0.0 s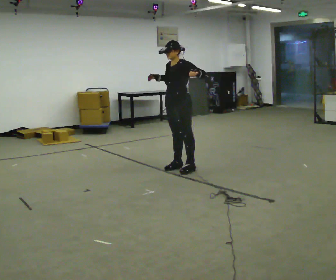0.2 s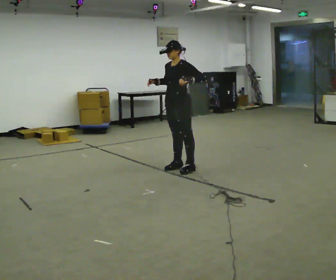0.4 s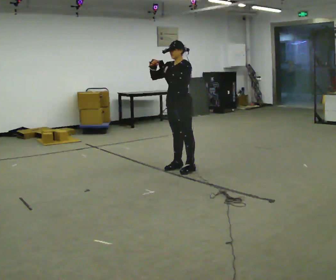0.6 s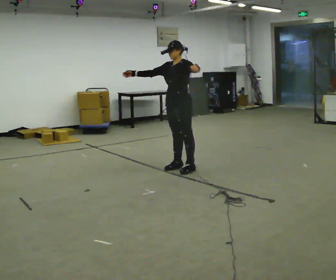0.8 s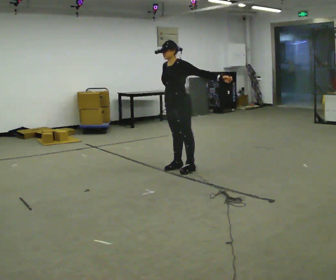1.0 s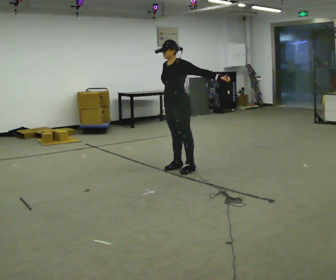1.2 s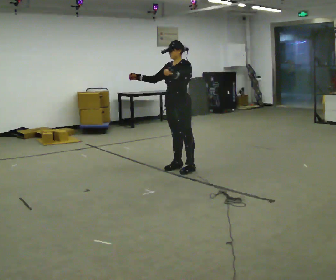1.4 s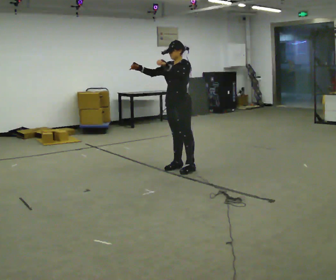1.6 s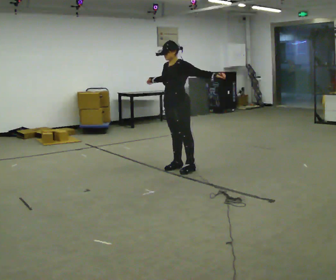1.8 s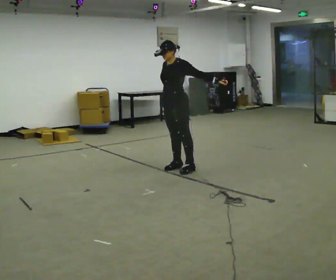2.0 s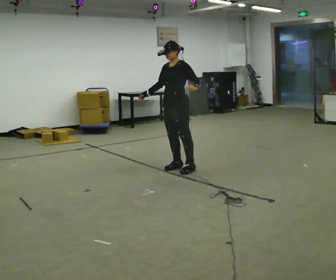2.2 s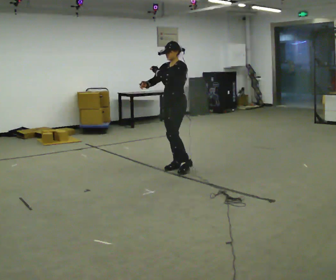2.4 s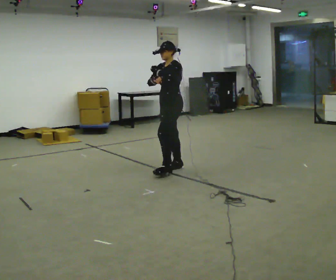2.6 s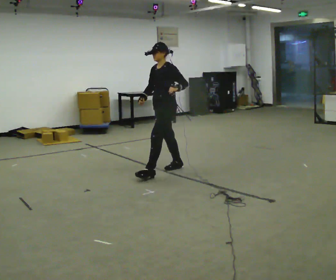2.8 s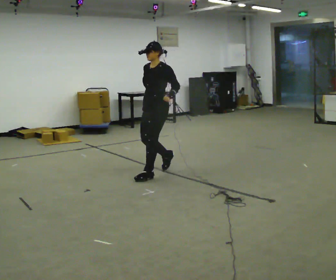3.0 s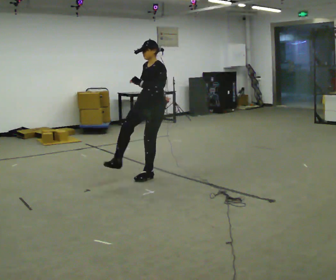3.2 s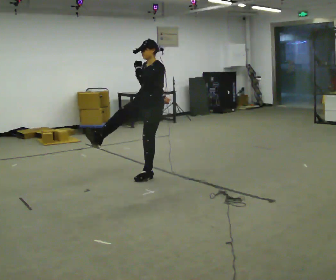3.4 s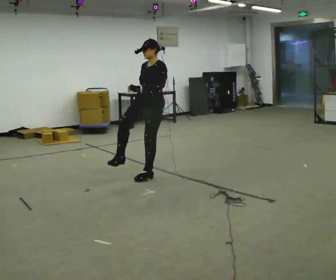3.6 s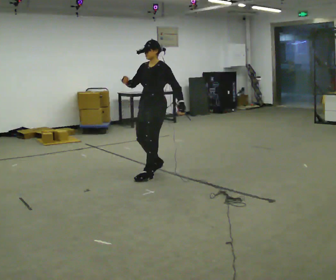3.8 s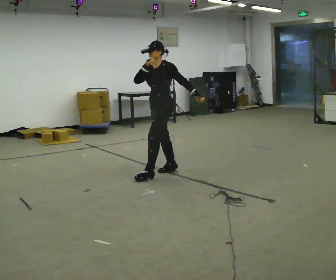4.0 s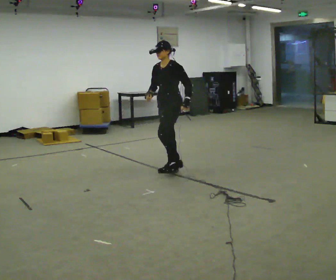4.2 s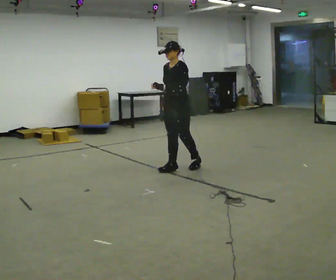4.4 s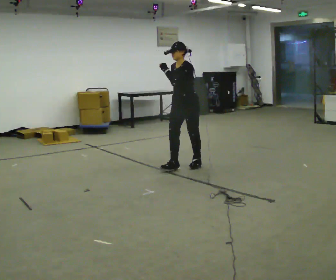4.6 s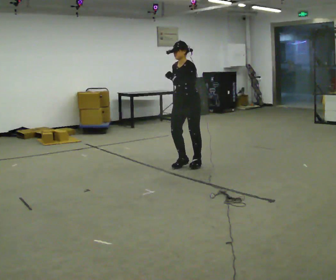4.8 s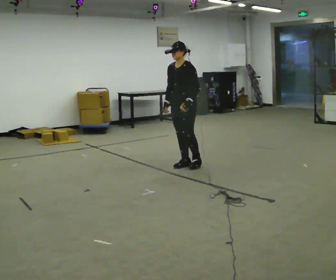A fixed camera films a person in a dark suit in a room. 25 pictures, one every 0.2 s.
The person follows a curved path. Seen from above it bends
counterclockwise.
0.0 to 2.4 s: The person moves a little, or ends about where they began.
2.4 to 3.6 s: In the picture they go toward the camera and to the left, about 0.25 m in 1 step, which for them is forward. In the picture their left hand goes downward.
3.6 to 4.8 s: In the picture they go away from the camera and to the right, about 0.5 m in 3 steps, which for them is backward. In the picture their right hand goes downward.
The film runs forward here.
